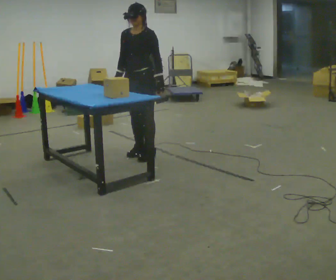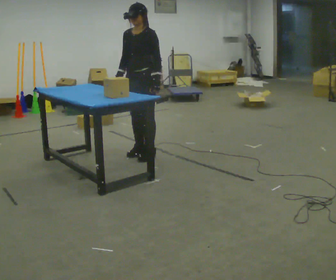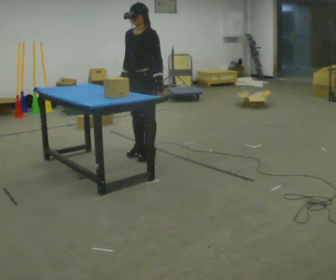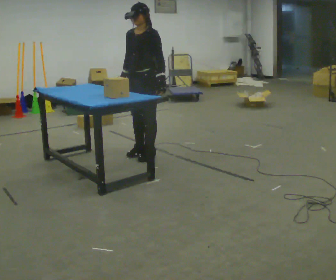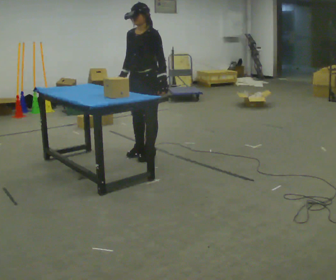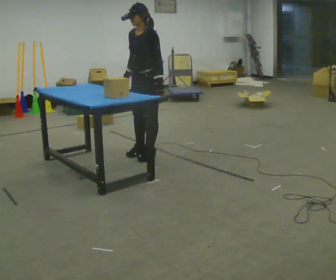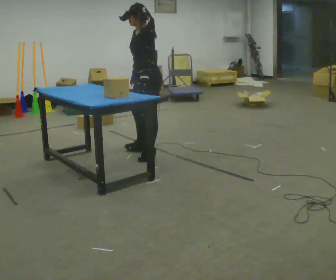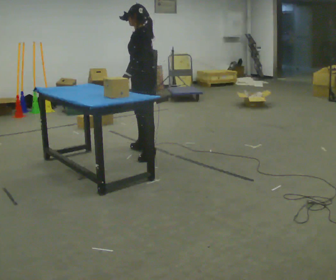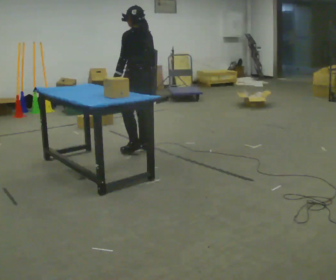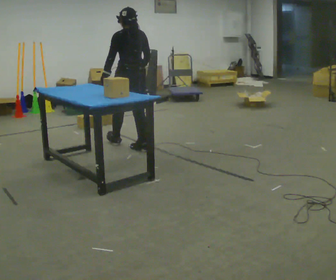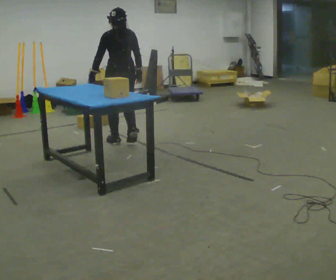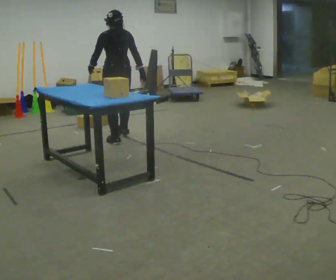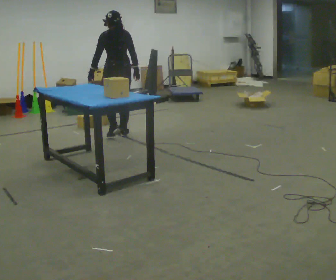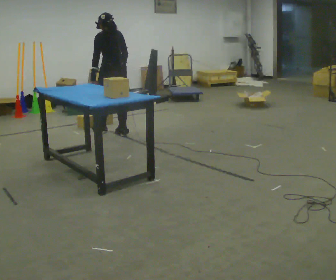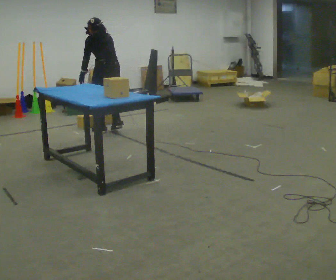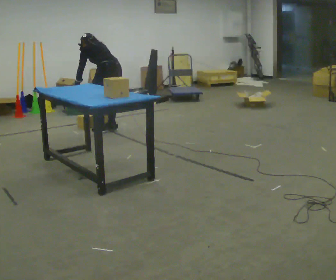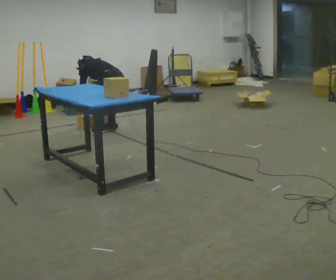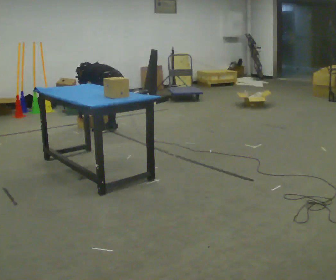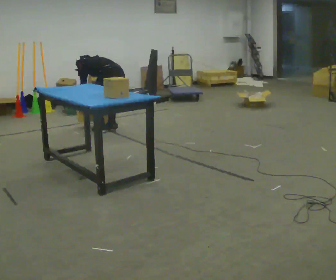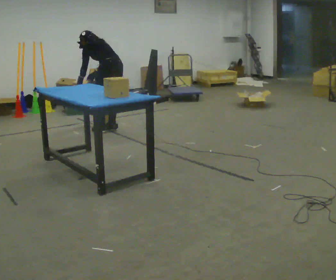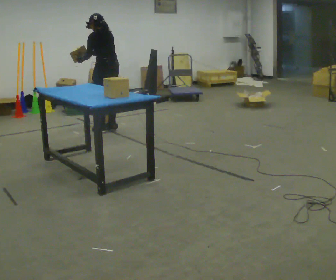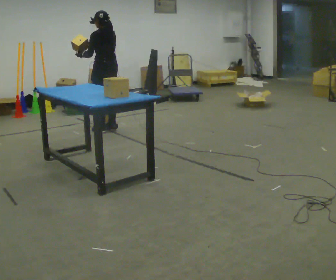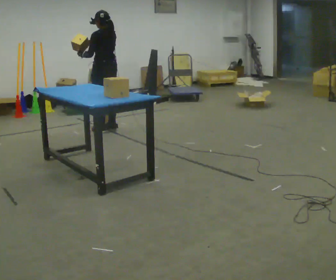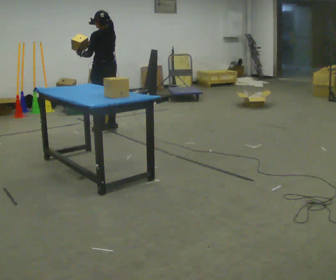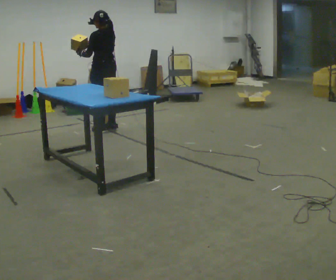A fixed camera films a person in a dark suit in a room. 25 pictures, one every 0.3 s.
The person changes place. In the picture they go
away from the camera.
0.0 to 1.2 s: The person moves a little, or ends about where they began.
1.2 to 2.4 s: The part of the body nearest the lens slides to the left as the person turns to their right by about 90 degrees. In the picture they go away from the camera, about 0.25 m. In the picture their left hand goes to the left, the arm swinging clockwise.
2.4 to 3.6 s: In the picture they go away from the camera, about 0.75 m in 2 steps, which for them is forward.
3.6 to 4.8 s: In the picture they go away from the camera, about 0.25 m in 2 steps, which for them is forward. The upper body goes downward. The upper body tips away from the camera, its near side rolling upward, as they bend forward. In the picture their right hand goes to the left and downward.
4.8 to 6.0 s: The upper body goes upward. The upper body tips toward the camera, its near side rolling downward, as they lean back or straighten. In the picture their right hand goes upward.
6.0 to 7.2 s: The person moves a little, or ends about where they began.
The film runs forward here.
